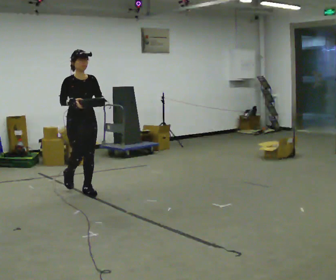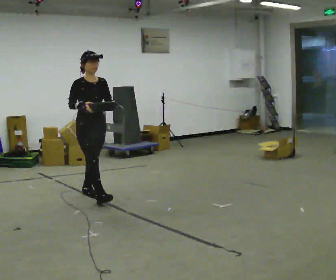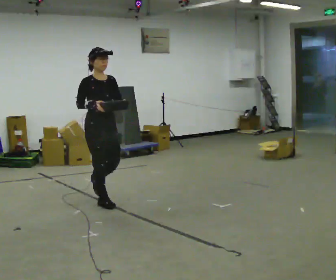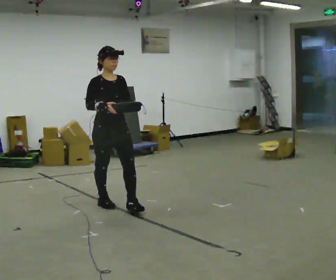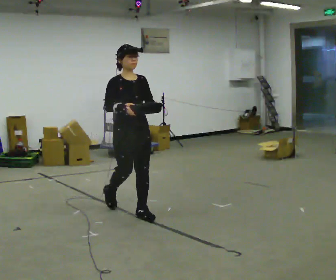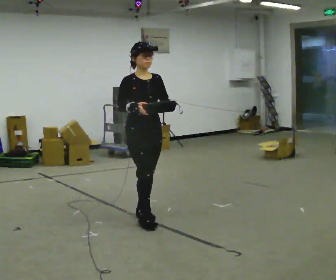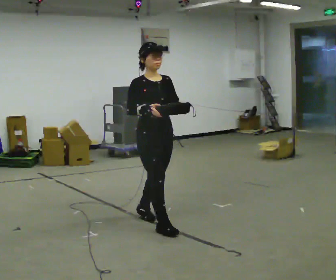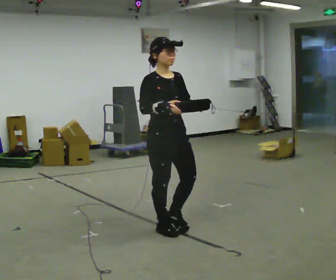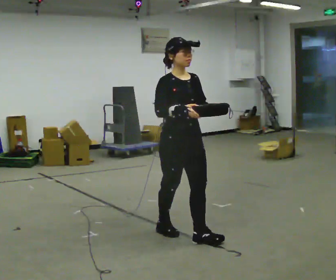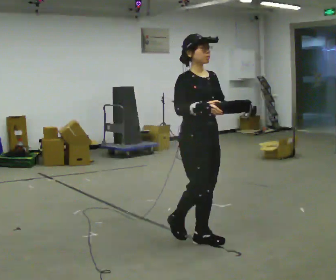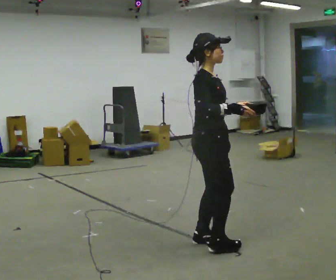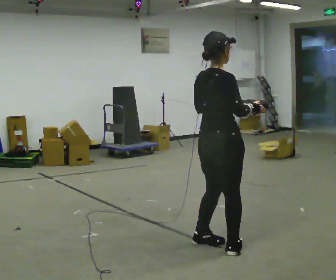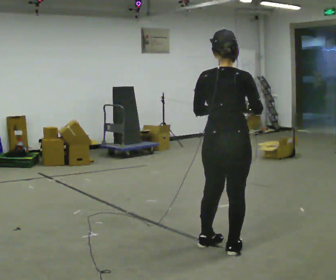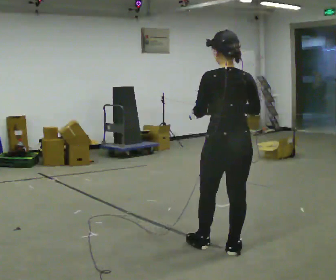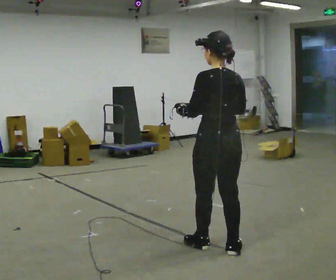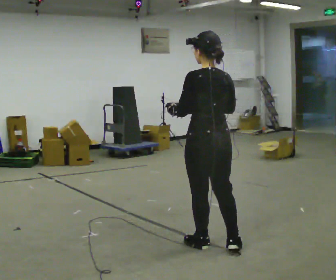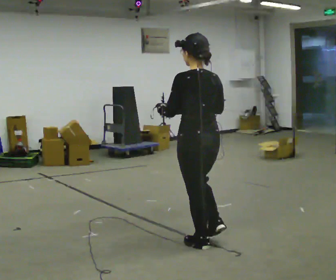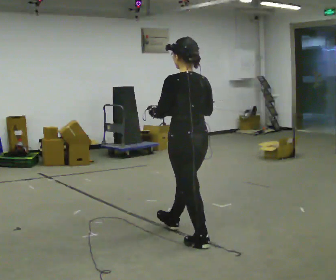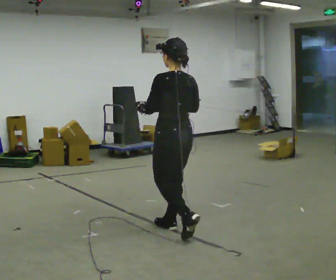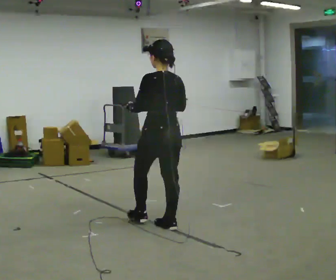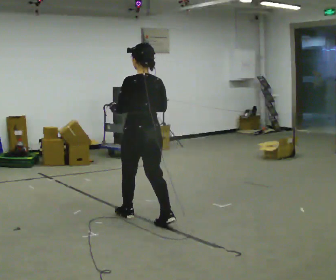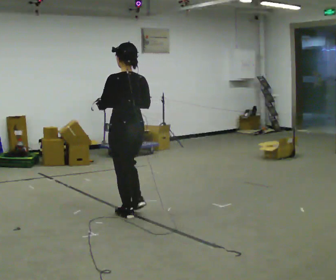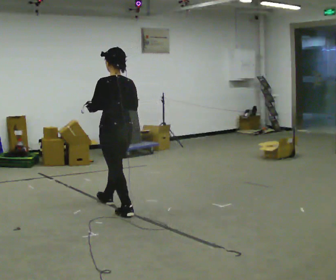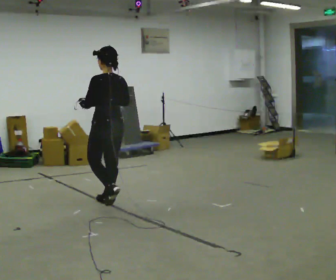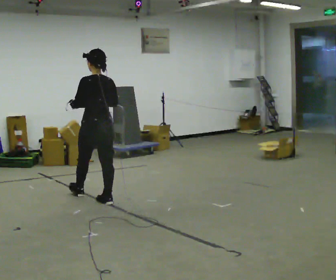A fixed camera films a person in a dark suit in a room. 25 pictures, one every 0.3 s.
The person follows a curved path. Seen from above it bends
clockwise.
0.0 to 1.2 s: In the picture they go to the right and toward the camera, about 1 m in 2 steps, which for them is forward.
1.2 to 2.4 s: In the picture they go to the right and toward the camera, about 1 m in 2 steps, which for them is forward.
2.4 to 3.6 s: The person turns about 135 degrees to their left, counterclockwise seen from above, so the part of the body nearest the lens slides to the right. In the picture they go to the right and toward the camera, about 0.5 m in 1 step.
3.6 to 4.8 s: Seen from above the body turns counterclockwise, about 45 degrees: to their left, with its near side sliding to the right. In the picture they go to the left, about 0.25 m, which for them is forward. In the picture their right hand goes to the left.
4.8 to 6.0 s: In the picture they go to the left and away from the camera, about 1 m in 2 steps, which for them is forward.
6.0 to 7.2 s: In the picture they go to the left and away from the camera, about 1 m in 1 step, which for them is forward.
The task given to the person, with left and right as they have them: Carry the object across the room. The lid hangs loose and will swing, so carry it however works. Keep going until the operator says stop; one object at a time, and do not rush between trips.
The film runs forward here.
